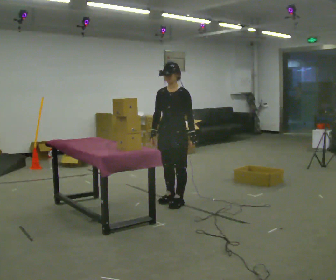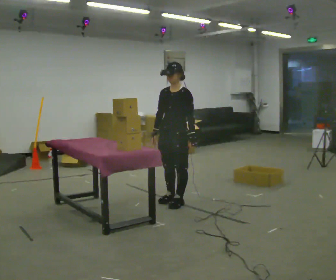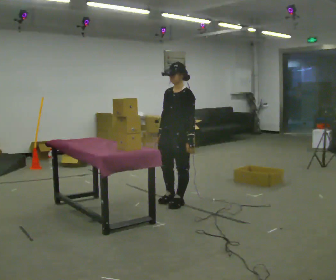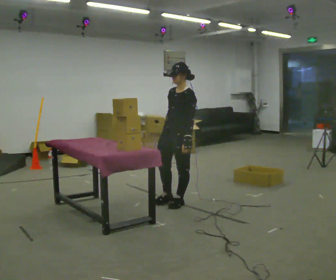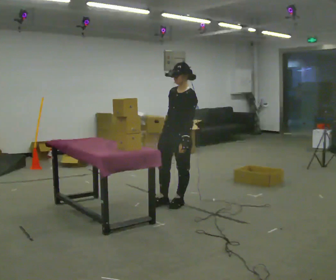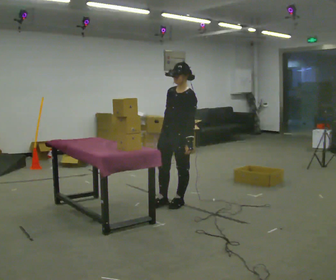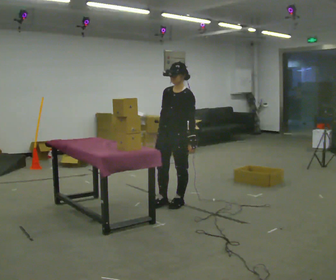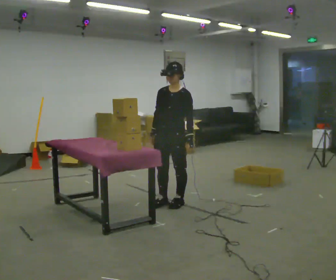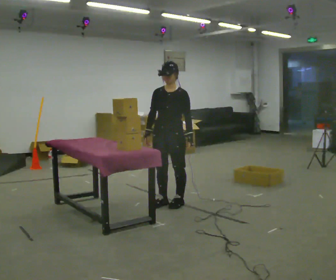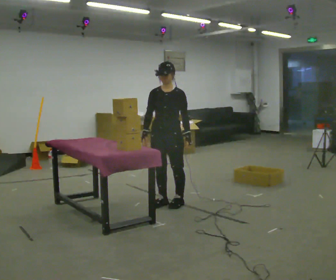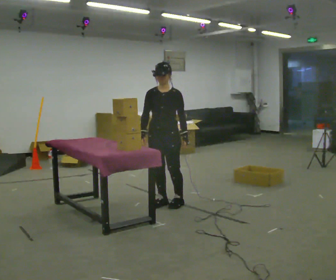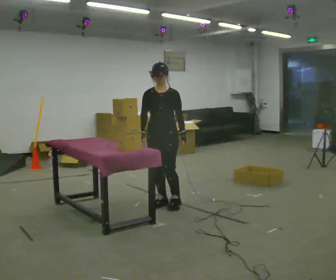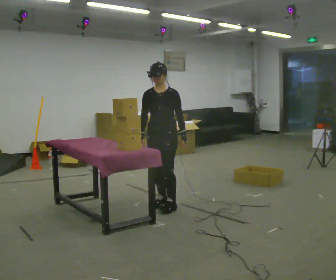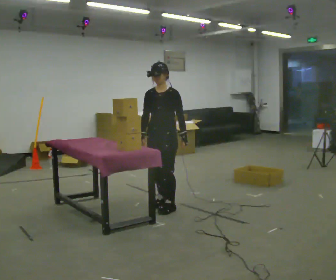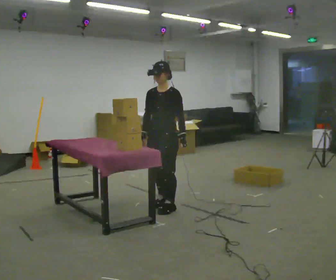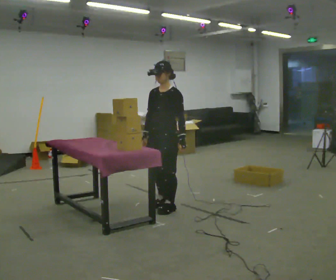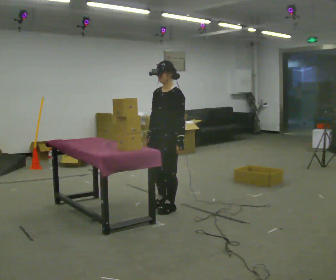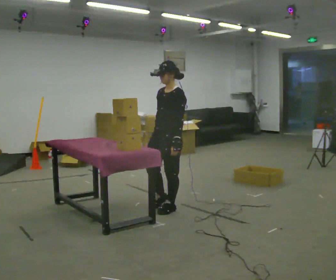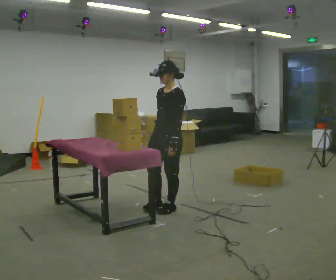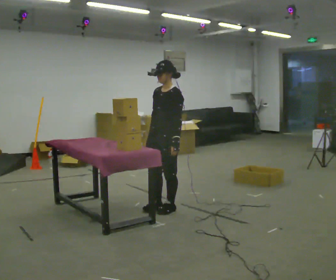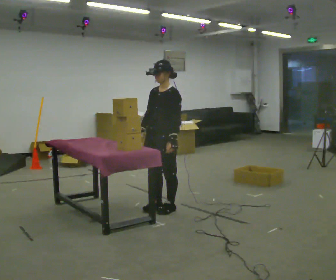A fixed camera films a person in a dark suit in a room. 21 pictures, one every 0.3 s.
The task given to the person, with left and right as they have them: Carry each object across the room and drop it into the container on the floor, then walk back for the next one. Keep going until the operator says stop; one object at a time, and do not rush between trips.
0.0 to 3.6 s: The person moves a little, or ends about where they began.
3.6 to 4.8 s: The person turns about 30 degrees to their right, clockwise seen from above, so the part of the body nearest the lens slides to the left. In the picture they go toward the camera, about 0.25 m, which for them is to their left.
4.8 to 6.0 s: The person moves a little, or ends about where they began.
The film runs forward here.
